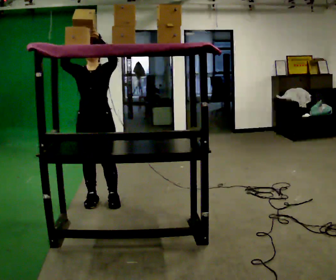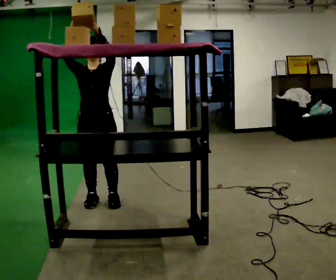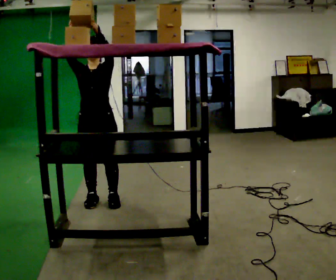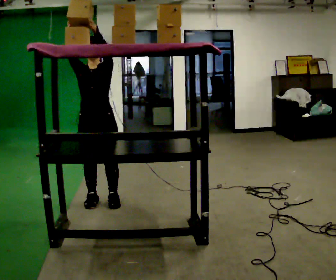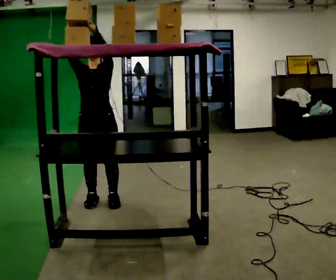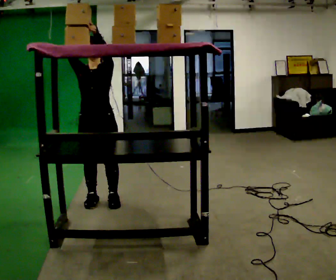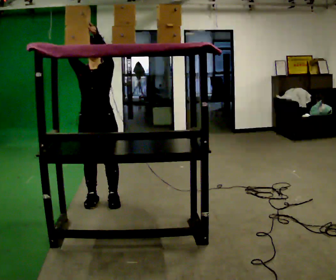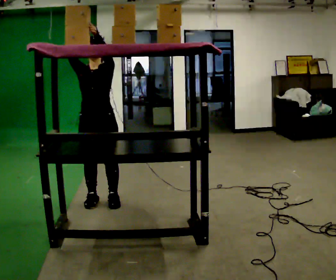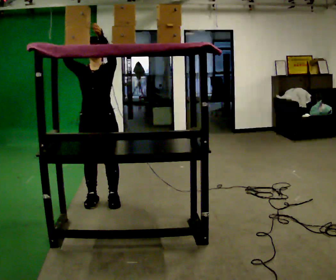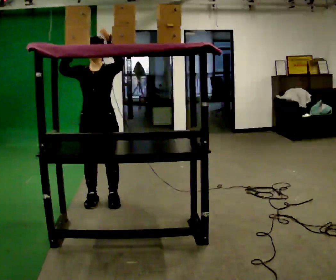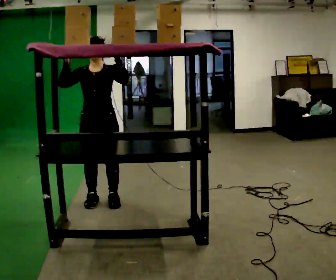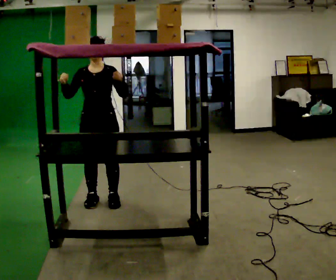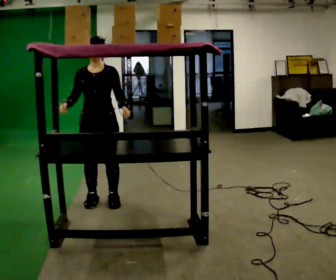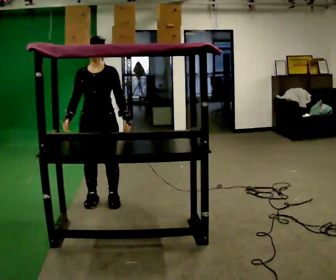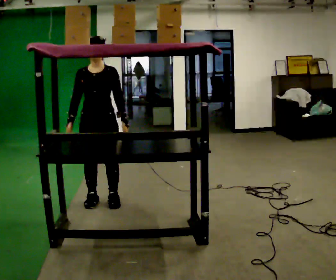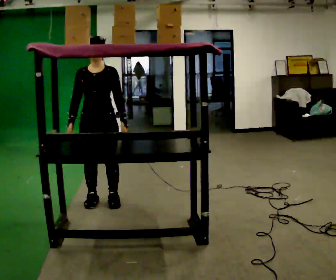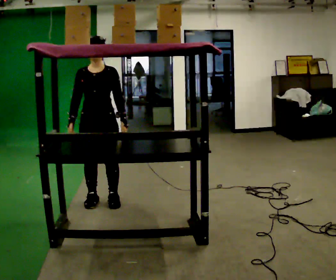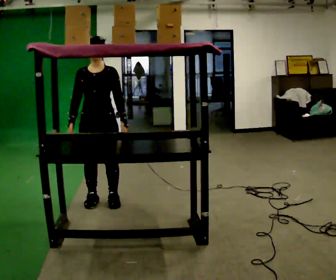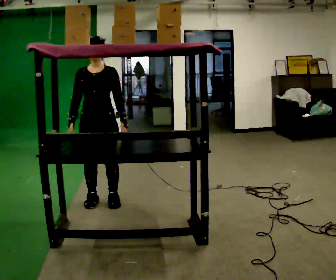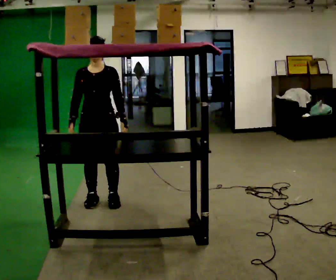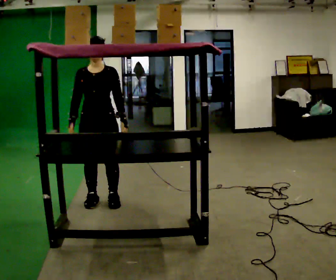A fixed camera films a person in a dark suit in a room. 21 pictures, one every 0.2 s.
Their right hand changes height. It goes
downward.
Their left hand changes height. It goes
downward.
0.0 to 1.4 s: The person moves a little, or ends about where they began.
1.4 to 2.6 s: In the picture their left hand goes downward.
2.6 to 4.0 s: The person moves a little, or ends about where they began.
The film runs forward here.
